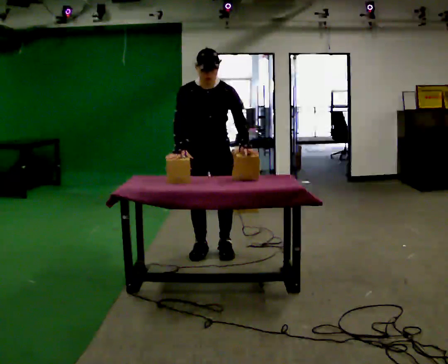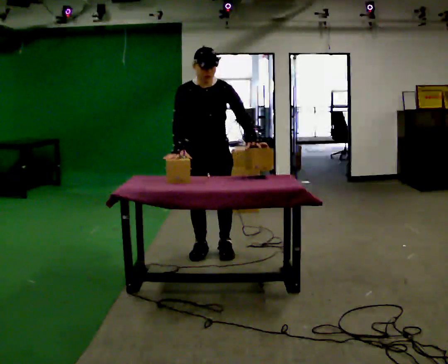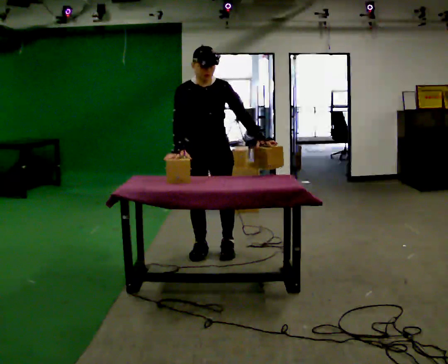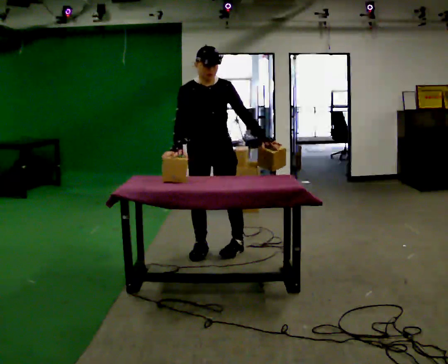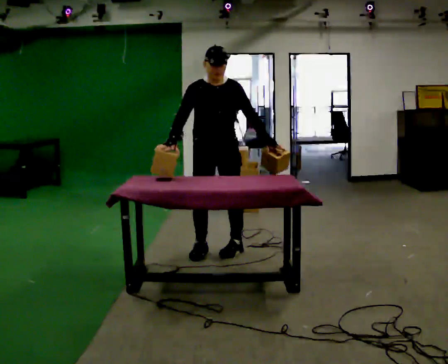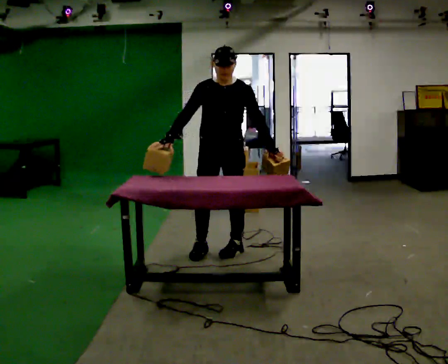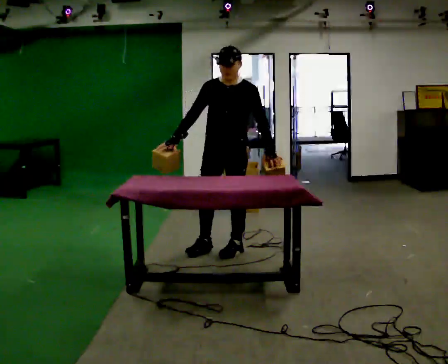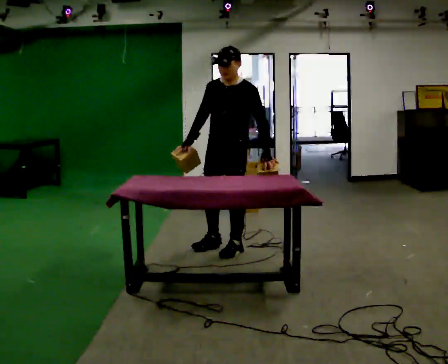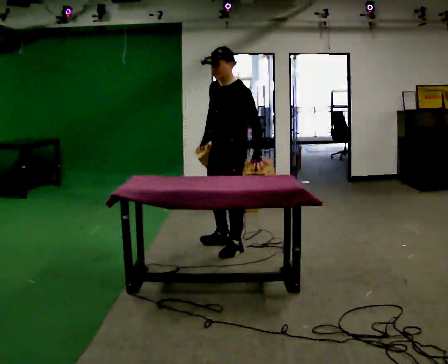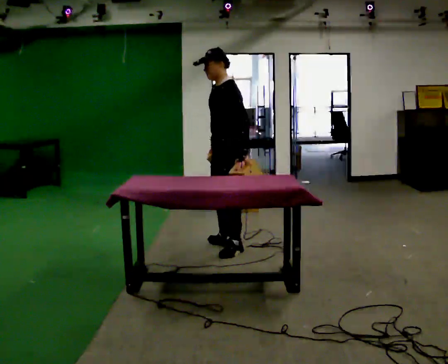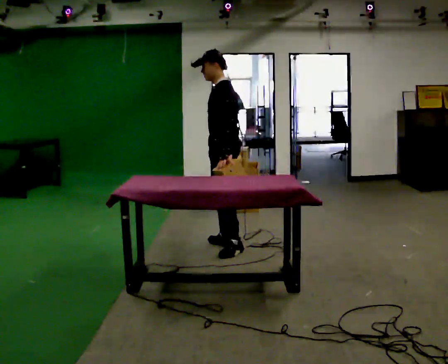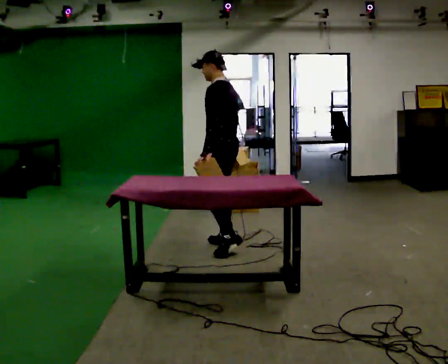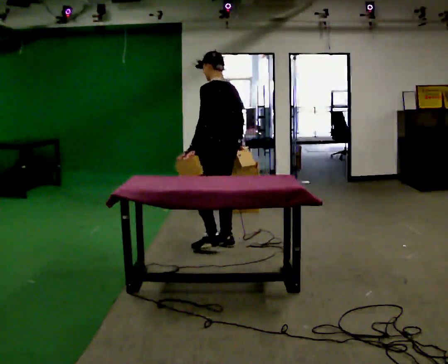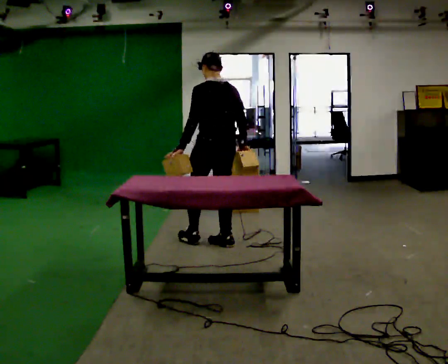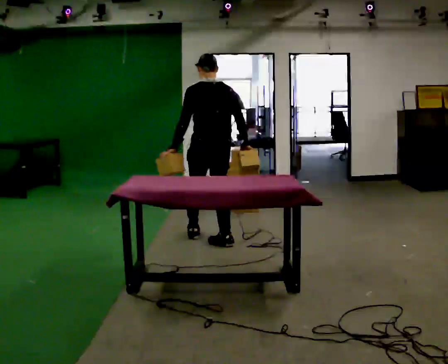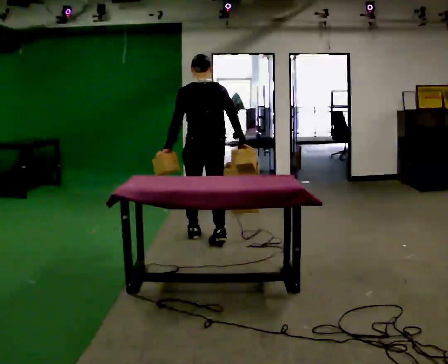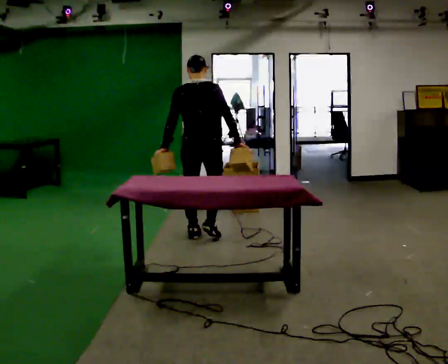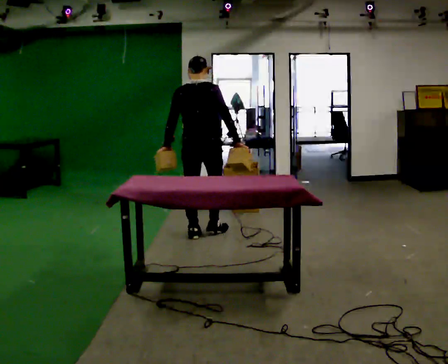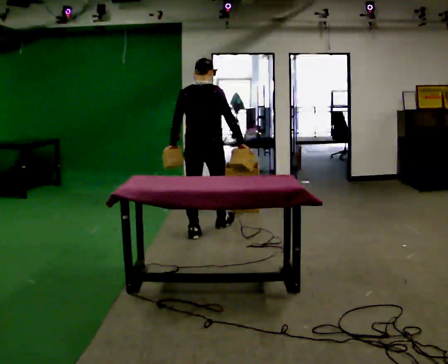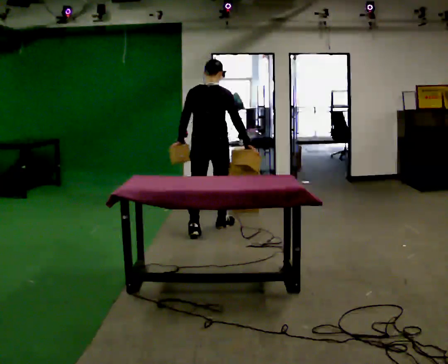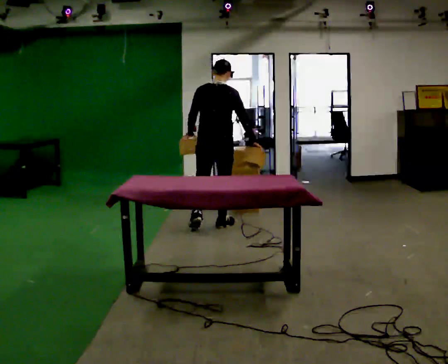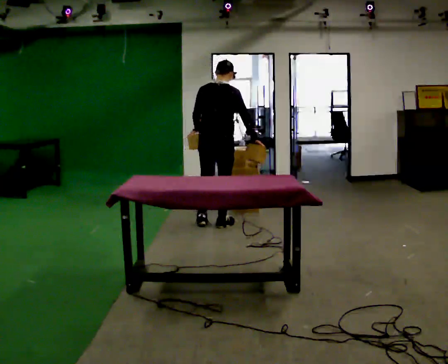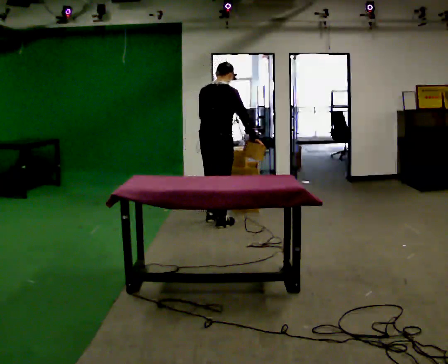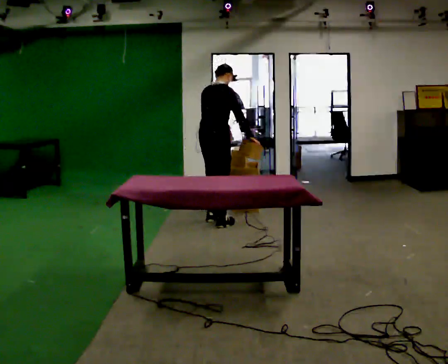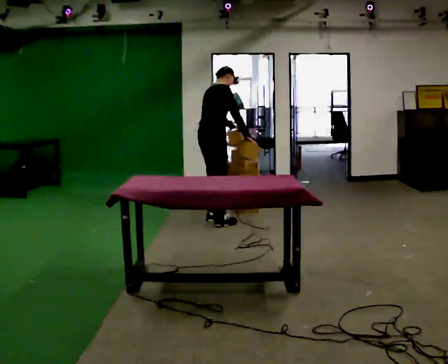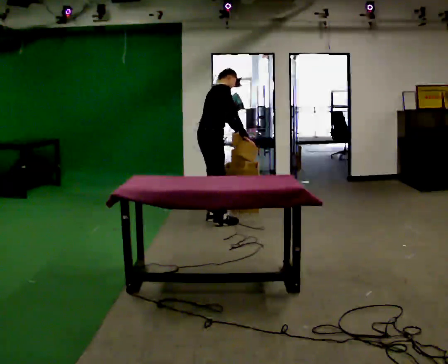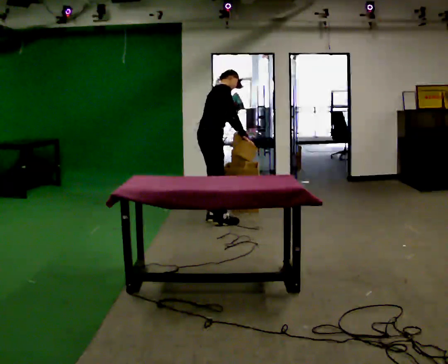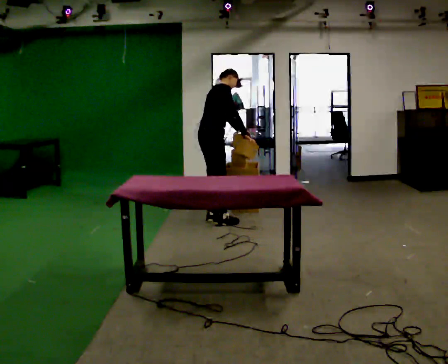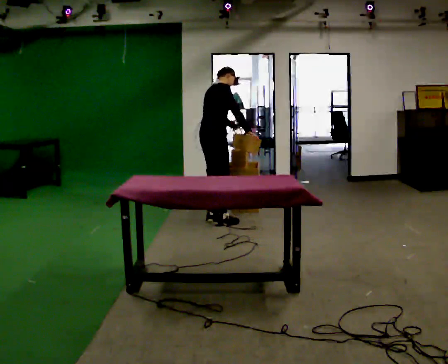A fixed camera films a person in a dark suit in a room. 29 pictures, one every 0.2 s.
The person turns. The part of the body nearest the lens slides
to the left.
The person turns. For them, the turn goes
to their right.
0.0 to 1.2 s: The person turns about 30 degrees to their right, clockwise seen from above, so the part of the body nearest the lens slides to the left. In the picture they go to the right, about 0.25 m, which for them is to their left.
1.2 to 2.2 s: The person turns about 90 degrees to their right, clockwise seen from above, so the part of the body nearest the lens slides to the left. In the picture they go away from the camera, about 0.25 m in 1 step. In the picture their right hand goes to the right, the arm swinging counterclockwise.
2.2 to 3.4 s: Seen from above the body turns clockwise, about 75 degrees: to their right, with its near side sliding to the left. In the picture they go away from the camera and to the left, about 0.5 m in 1 step.
3.4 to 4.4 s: In the picture they go away from the camera, about 0.5 m in 2 steps, which for them is forward.
4.4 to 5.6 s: Seen from above the body turns clockwise, about 30 degrees: to their right, with its near side sliding to the left. In the picture they go away from the camera, about 0.25 m, which for them is to their left.
The film runs forward here.
